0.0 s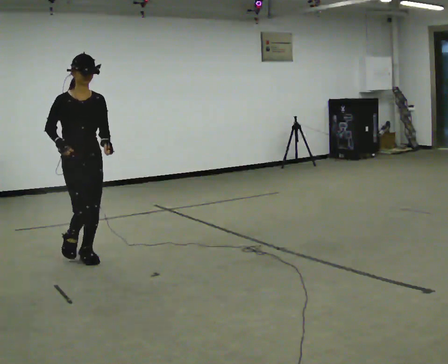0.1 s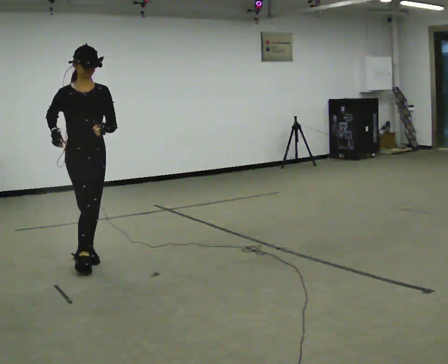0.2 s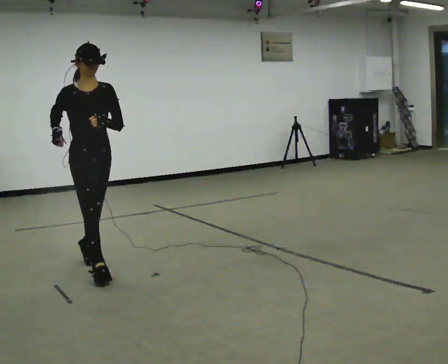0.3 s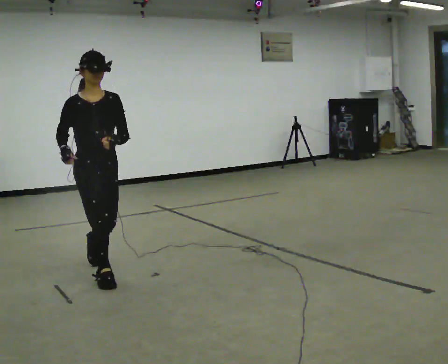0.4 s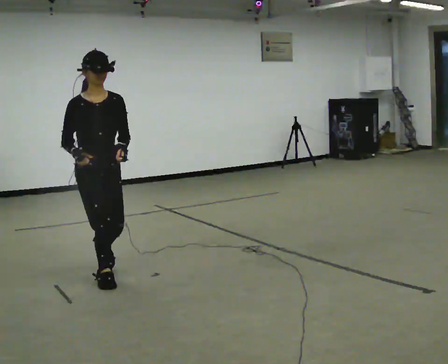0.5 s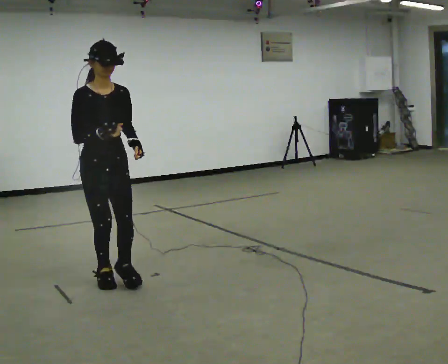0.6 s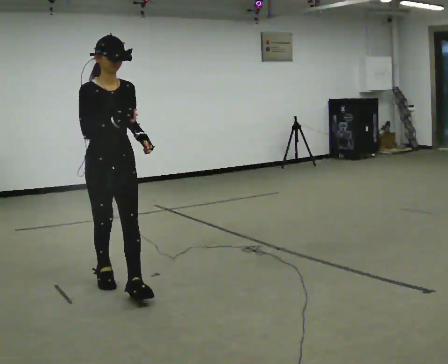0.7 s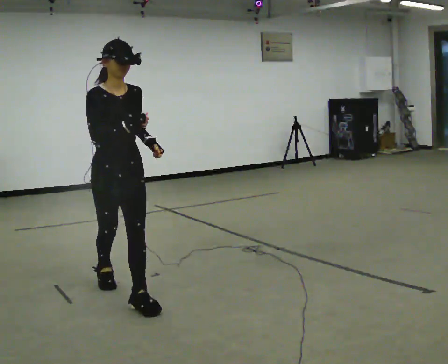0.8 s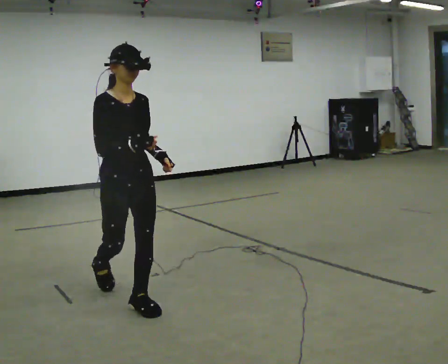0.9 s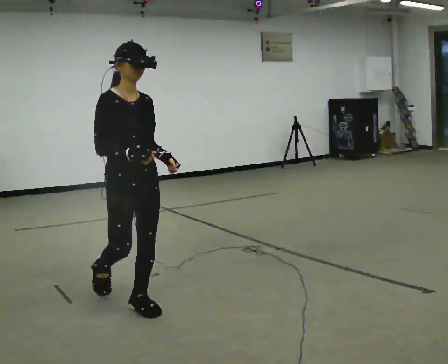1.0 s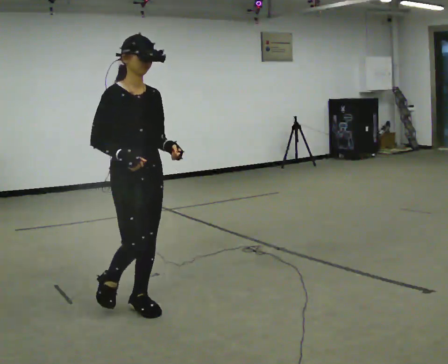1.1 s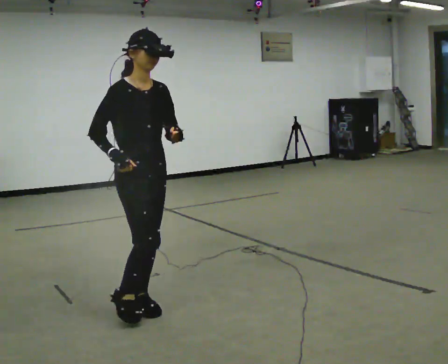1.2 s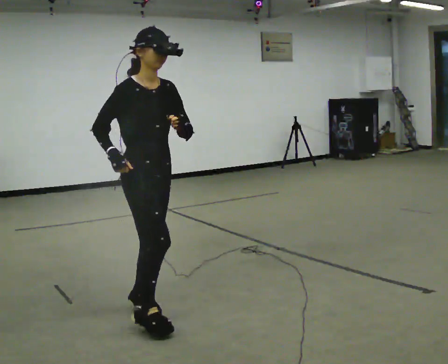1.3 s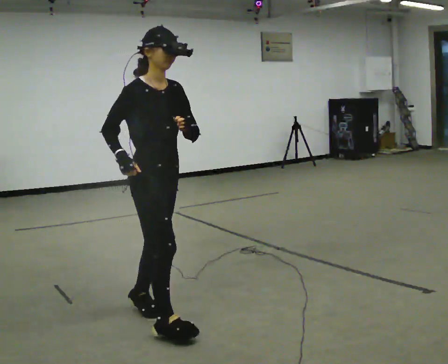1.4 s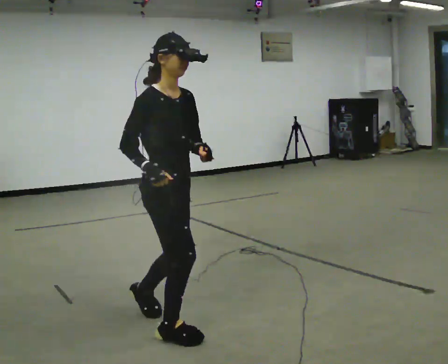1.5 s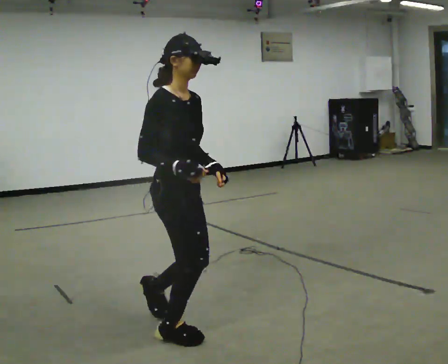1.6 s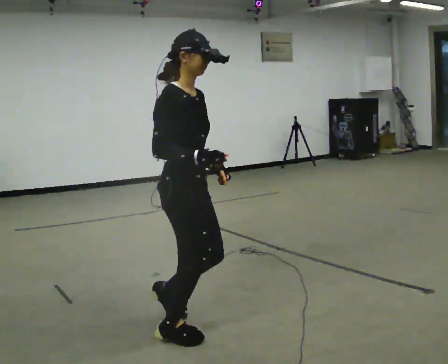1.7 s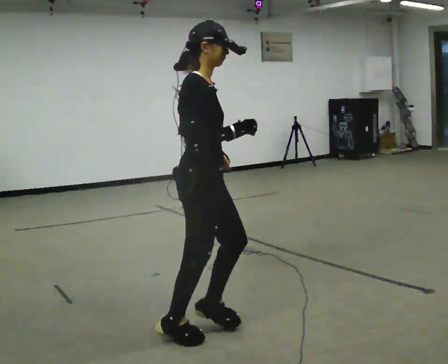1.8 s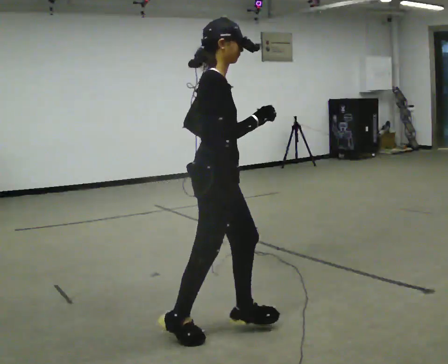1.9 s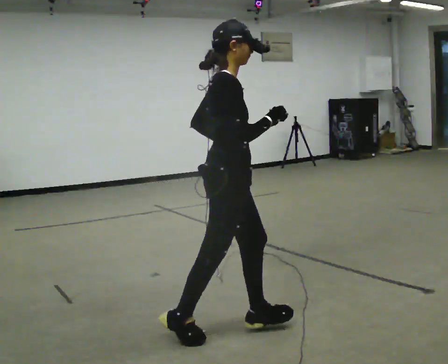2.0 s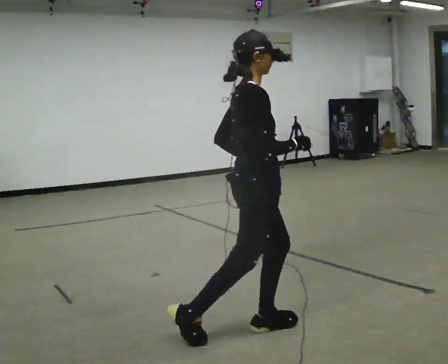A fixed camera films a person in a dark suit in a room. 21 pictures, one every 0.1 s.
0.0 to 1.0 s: In the picture they go toward the camera and to the right, about 1 m in 2 steps, which for them is forward.
1.0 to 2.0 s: The person turns about 60 degrees to their left, counterclockwise seen from above, so the part of the body nearest the lens slides to the right. In the picture they go to the right and toward the camera, about 0.5 m in 2 steps, which for them is forward.
The film runs forward here.
